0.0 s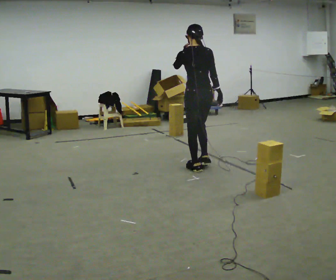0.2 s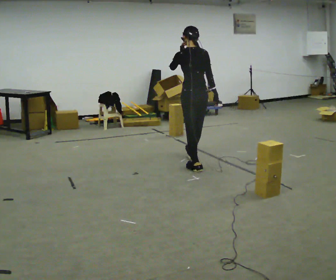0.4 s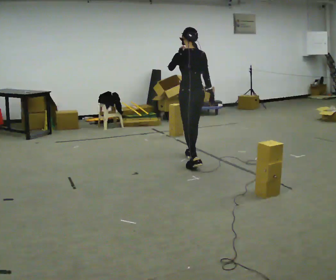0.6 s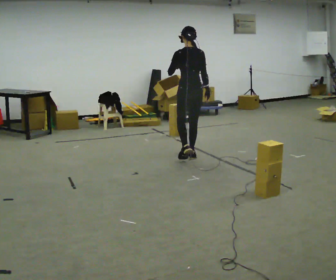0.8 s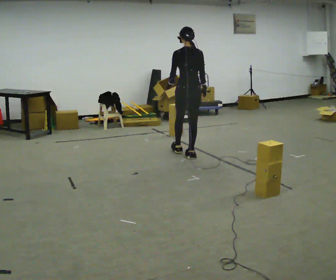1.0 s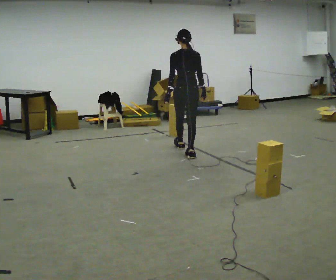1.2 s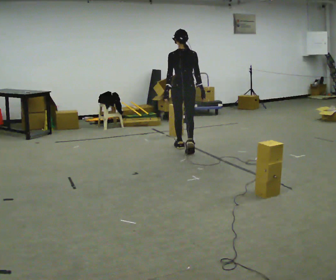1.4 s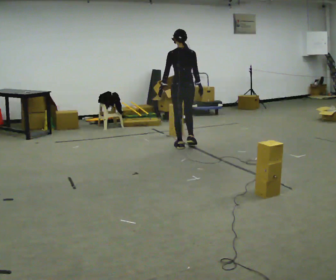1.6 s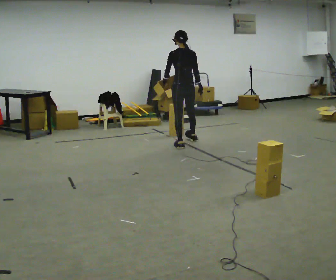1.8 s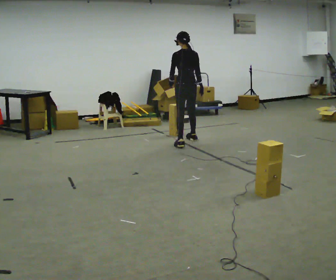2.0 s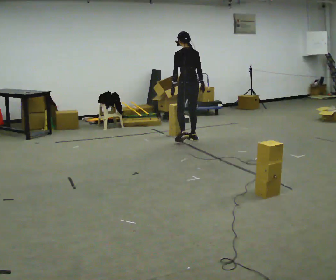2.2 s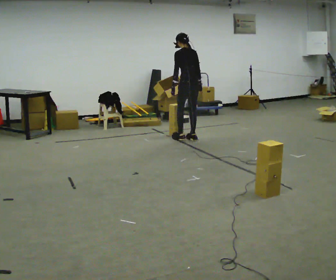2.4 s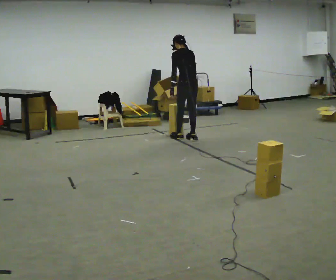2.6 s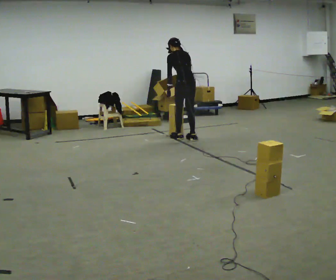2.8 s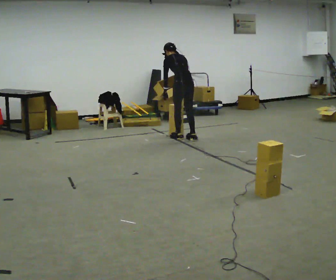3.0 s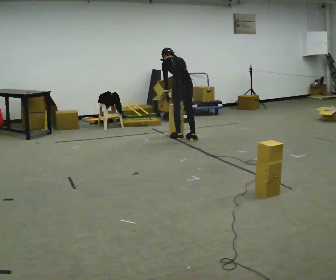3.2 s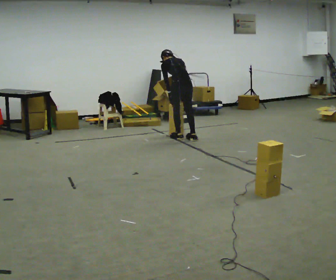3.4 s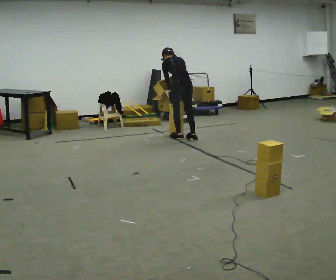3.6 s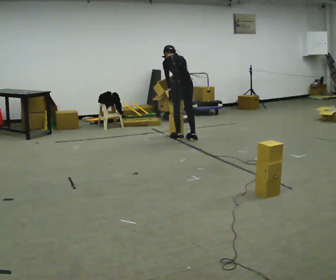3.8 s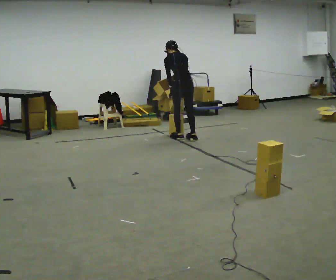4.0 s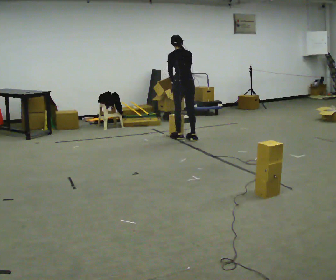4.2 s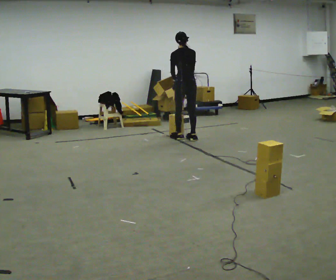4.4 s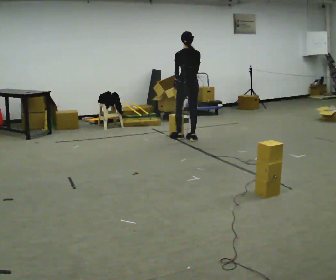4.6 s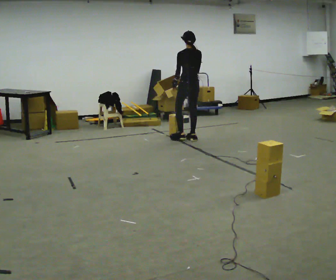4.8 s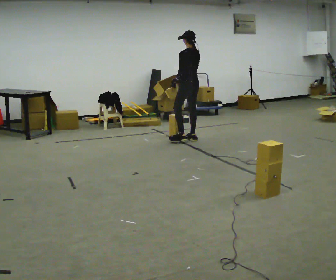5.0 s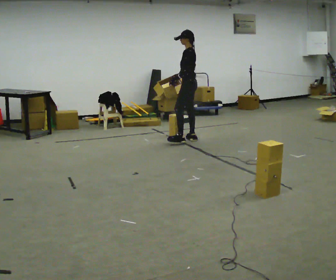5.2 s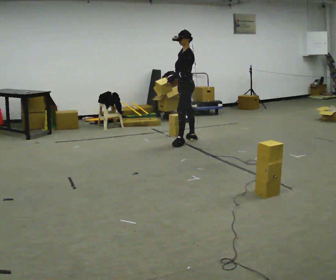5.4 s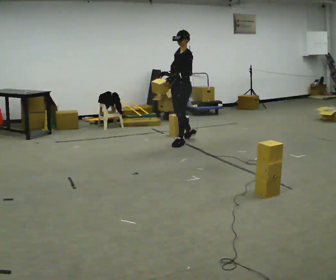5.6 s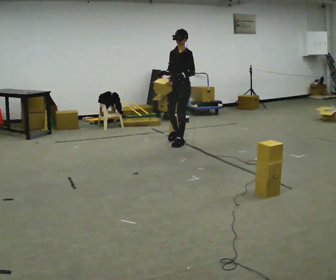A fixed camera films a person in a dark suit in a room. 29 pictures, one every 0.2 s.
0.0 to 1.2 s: In the picture they go away from the camera, about 1 m in 2 steps, which for them is forward. In the picture their left hand goes downward.
1.2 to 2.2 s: Seen from above the body turns counterclockwise, about 30 degrees: to their left, with its near side sliding to the right. In the picture they go away from the camera, about 0.5 m in 1 step, which for them is forward and to their right.
2.2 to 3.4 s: The upper body tips away from the camera, its near side rolling upward, as they bend forward.
3.4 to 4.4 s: The upper body tips toward the camera, its near side rolling downward, as they lean back or straighten.
4.4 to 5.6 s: Seen from above the body turns counterclockwise, about 135 degrees: to their left, with its near side sliding to the right. In the picture they go toward the camera, about 0.25 m in 1 step.
The film runs forward here.
